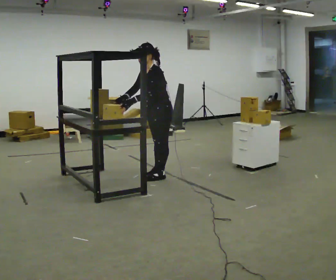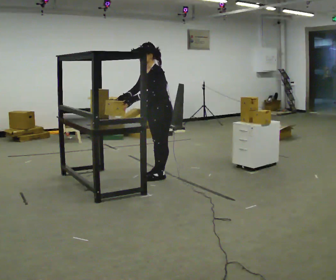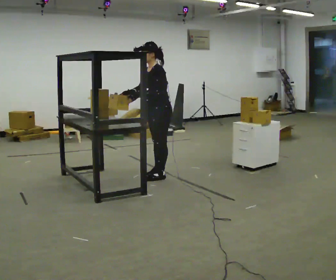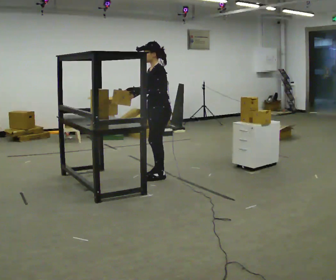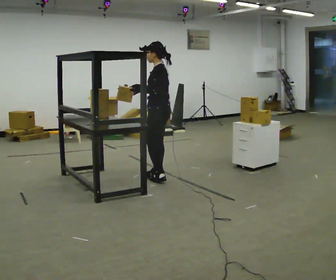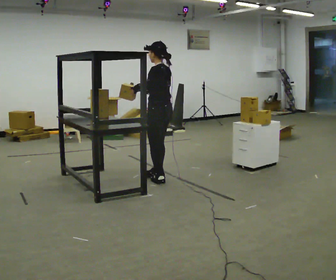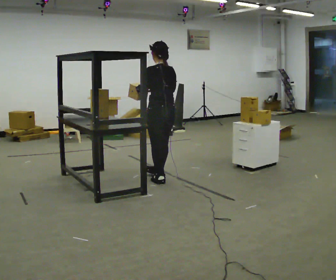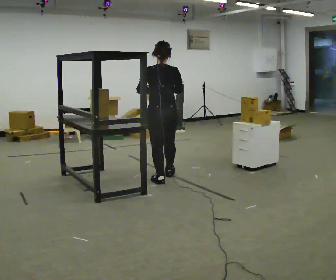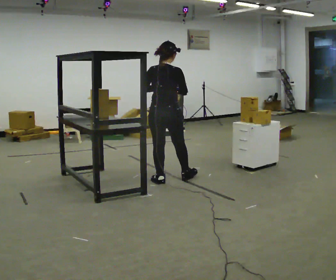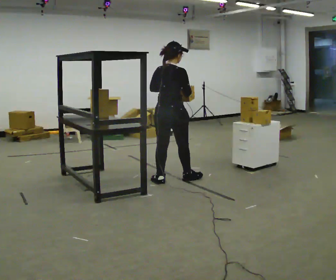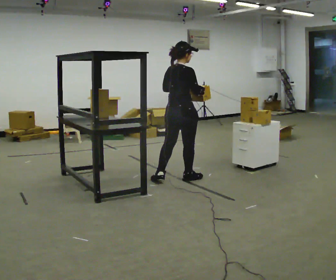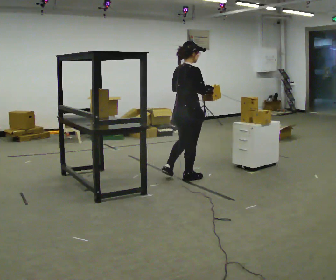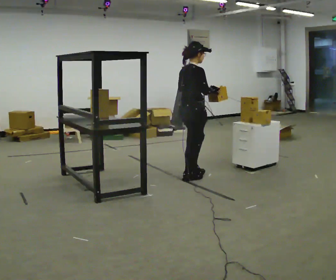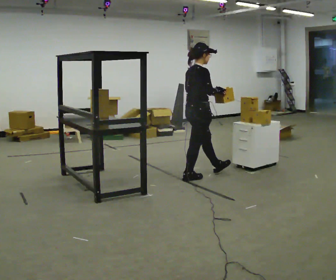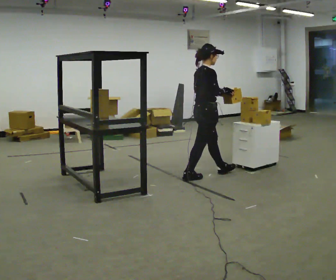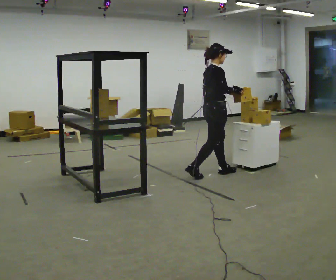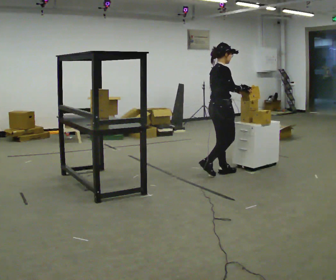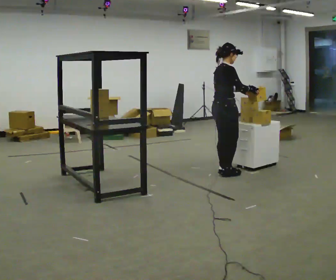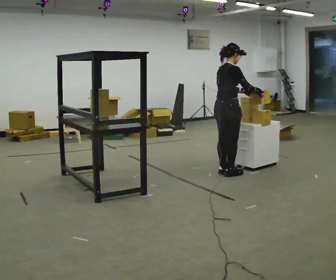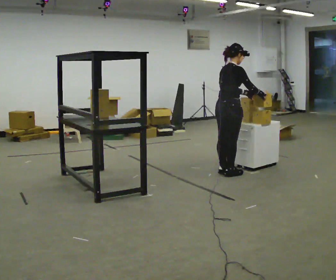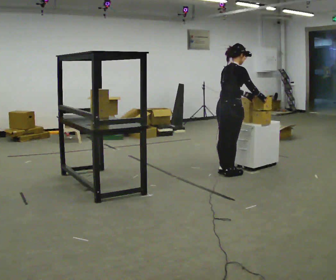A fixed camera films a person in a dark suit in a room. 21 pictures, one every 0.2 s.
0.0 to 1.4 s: The person turns about 105 degrees to their right, clockwise seen from above, so the part of the body nearest the lens slides to the left. In the picture they go toward the camera, about 0.25 m in 1 step. In the picture the upper body tilts clockwise, shoulders to the right, as they lean back or straighten. In the picture their right hand goes to the right.
1.4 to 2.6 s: The part of the body nearest the lens slides to the left as the person turns to their right by about 75 degrees. In the picture they go to the right, about 0.5 m in 1 step.
2.6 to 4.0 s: In the picture they go to the right, about 0.5 m in 2 steps, which for them is forward.
The film runs forward here.
